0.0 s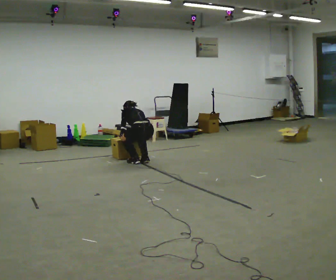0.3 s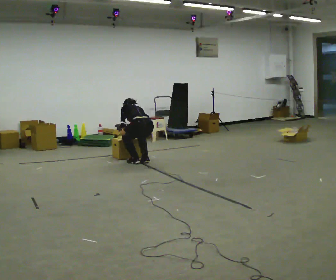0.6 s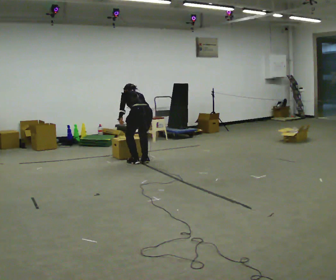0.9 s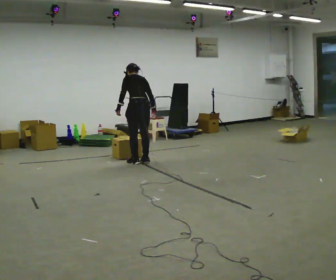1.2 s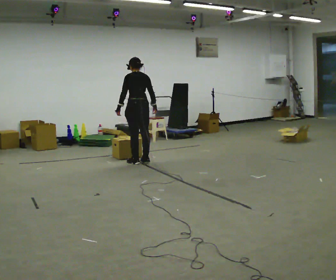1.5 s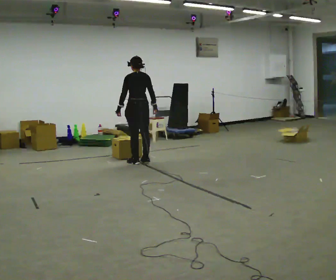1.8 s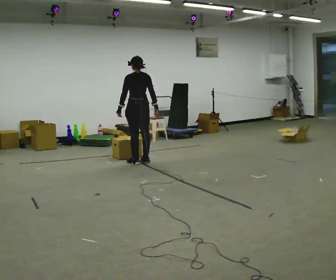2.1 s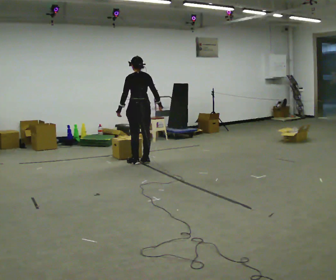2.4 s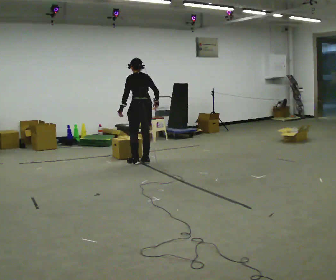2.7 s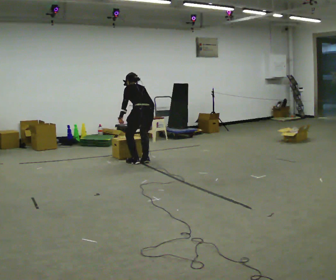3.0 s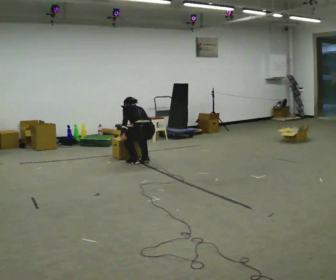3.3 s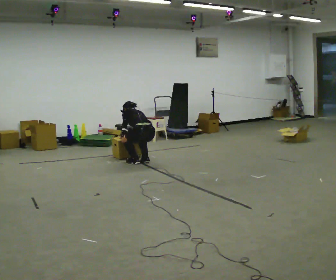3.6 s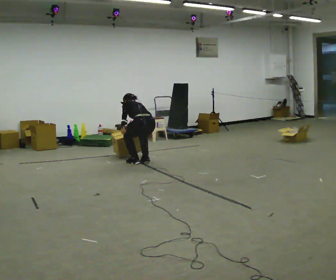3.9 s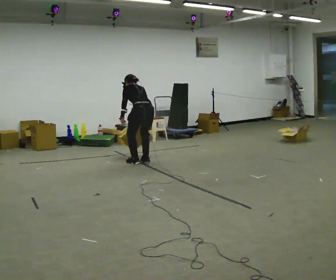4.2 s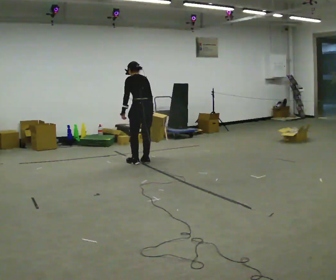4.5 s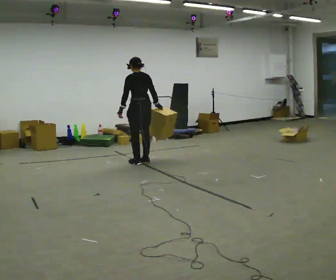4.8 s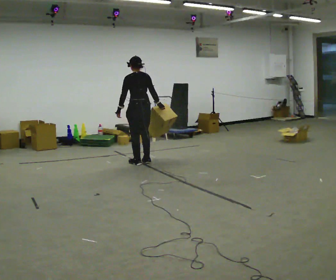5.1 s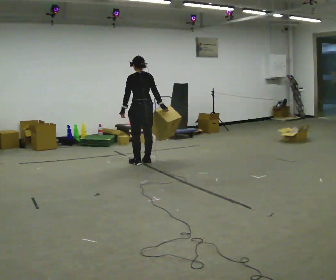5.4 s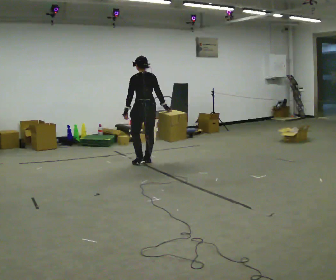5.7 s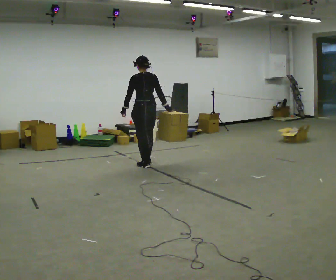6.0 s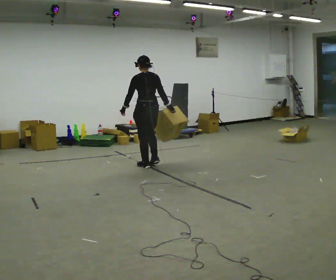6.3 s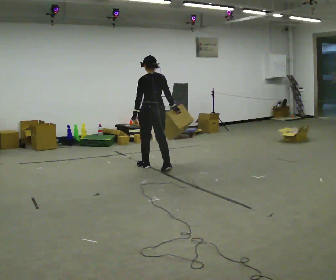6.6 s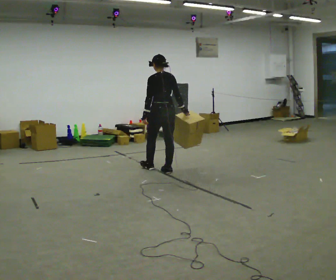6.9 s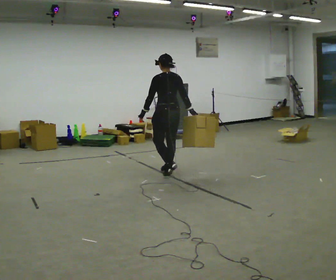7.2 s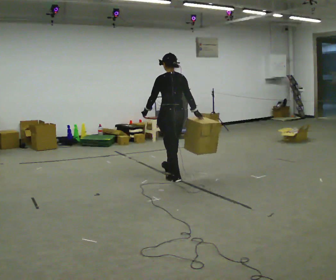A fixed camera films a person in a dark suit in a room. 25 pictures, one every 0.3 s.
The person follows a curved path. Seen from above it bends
counterclockwise.
0.0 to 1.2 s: The upper body goes upward. The upper body tips toward the camera, its near side rolling downward, as they lean back or straighten. In the picture their left hand goes upward.
1.2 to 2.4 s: The person moves a little, or ends about where they began.
2.4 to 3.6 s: The upper body goes downward. The upper body tips away from the camera, its near side rolling upward, as they bend forward.
3.6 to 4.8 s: The upper body goes upward. The upper body tips toward the camera, its near side rolling downward, as they lean back or straighten.
4.8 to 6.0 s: In the picture they go toward the camera, about 0.25 m in 2 steps, which for them is backward.
6.0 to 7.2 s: In the picture they go toward the camera and to the right, about 0.75 m in 2 steps, which for them is backward.
The film runs backward here.
